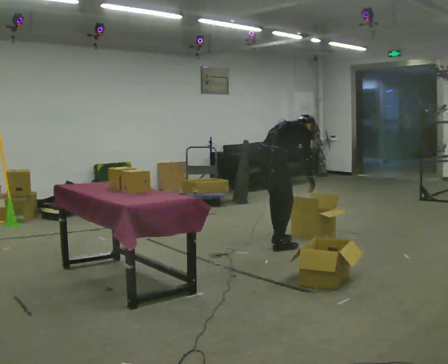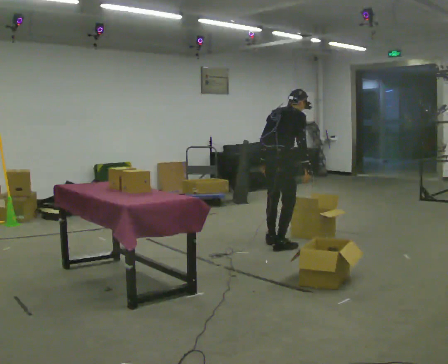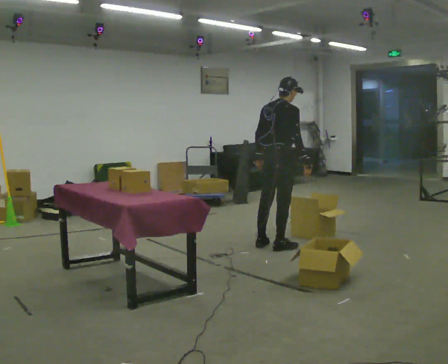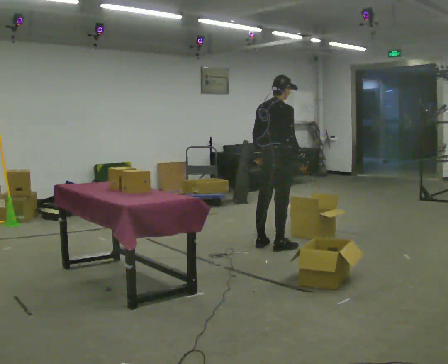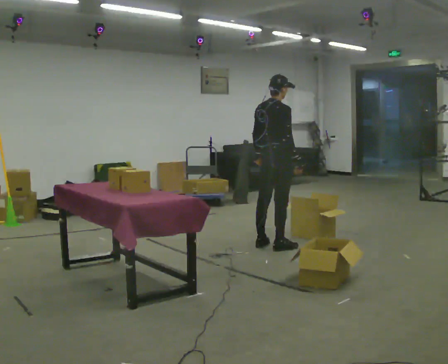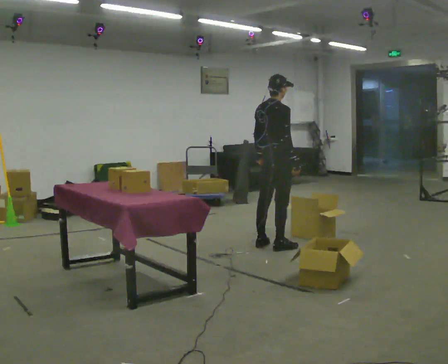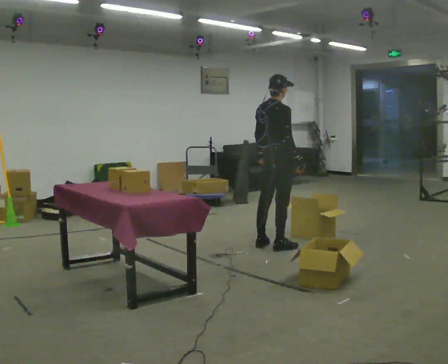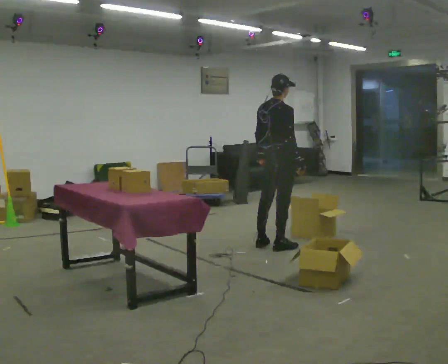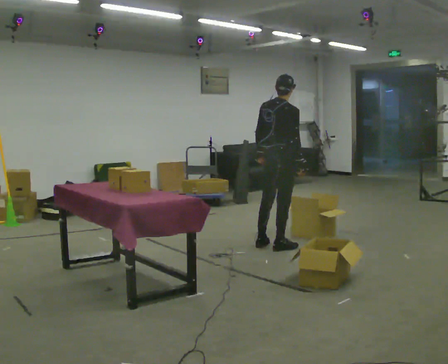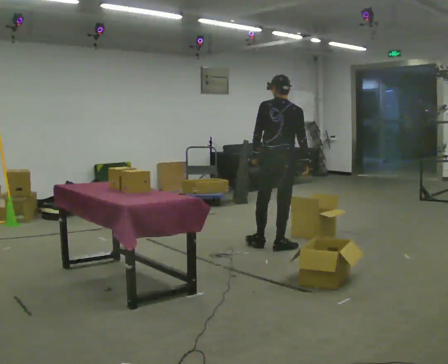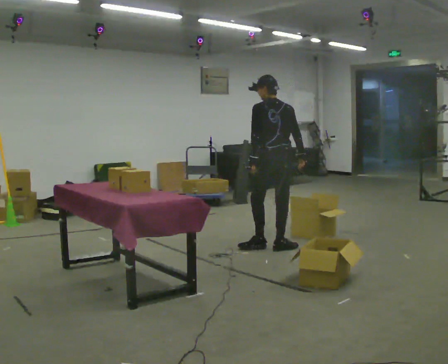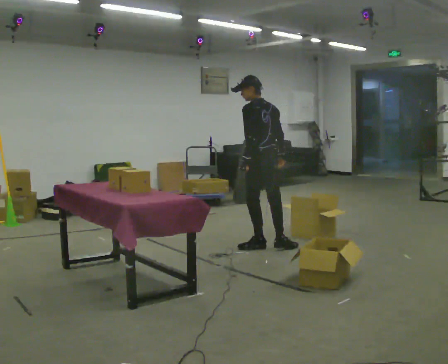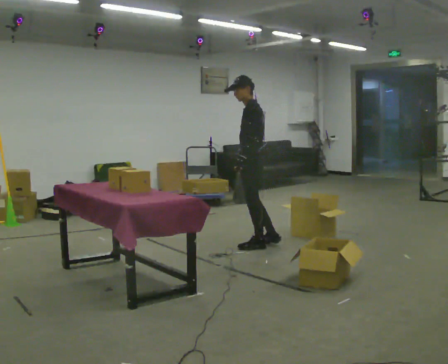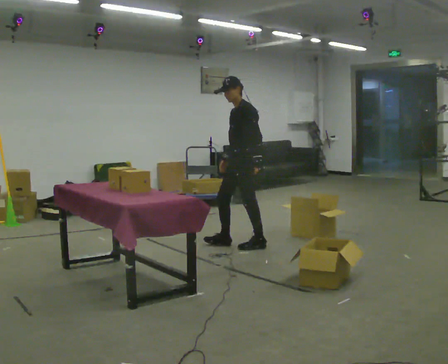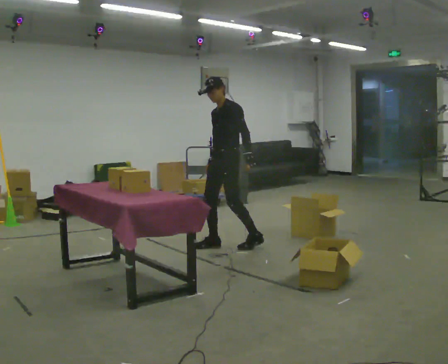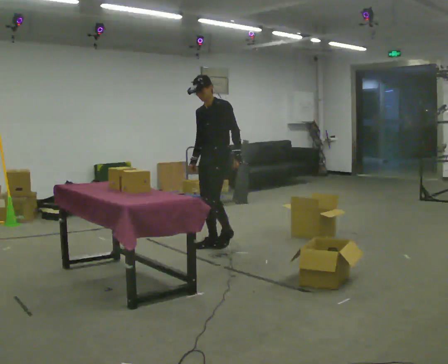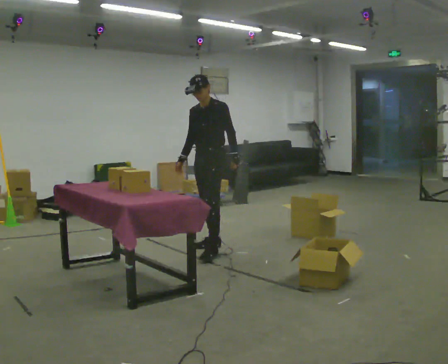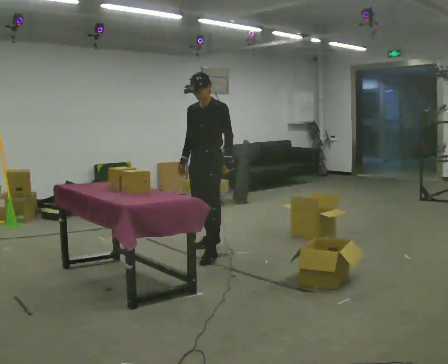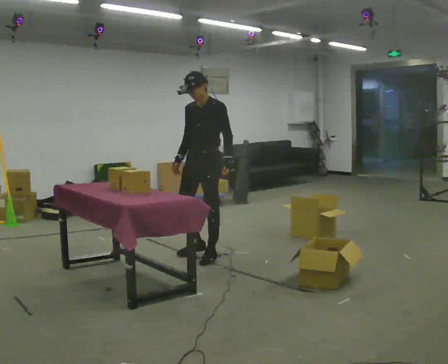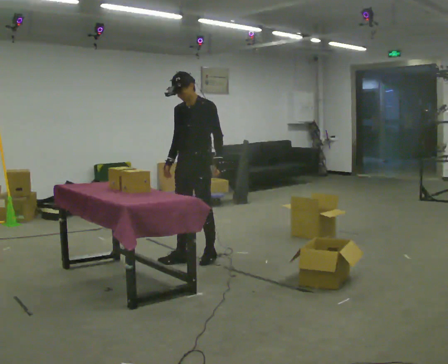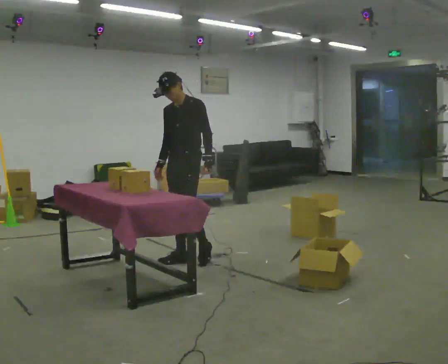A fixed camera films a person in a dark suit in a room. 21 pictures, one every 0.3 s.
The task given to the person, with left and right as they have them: Take each object from the table and put it in the bin that matches it, walking between the bins. Keep going until the operator says stop; one object at a time, and do not rush between trips.
0.0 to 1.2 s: The shoulders move upward. In the picture the upper body tilts counterclockwise, shoulders to the left, as they lean back or straighten.
1.2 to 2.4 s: The person moves a little, or ends about where they began.
2.4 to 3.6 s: The person turns about 105 degrees to their left, counterclockwise seen from above, so the part of the body nearest the lens slides to the right. In the picture they go to the left, about 0.25 m.
3.6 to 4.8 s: Seen from above the body turns counterclockwise, about 60 degrees: to their left, with its near side sliding to the right. In the picture they go to the left, about 0.5 m in 1 step.
4.8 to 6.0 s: In the picture they go toward the camera and to the left, about 0.5 m in 2 steps, which for them is forward.
The film runs forward here.
